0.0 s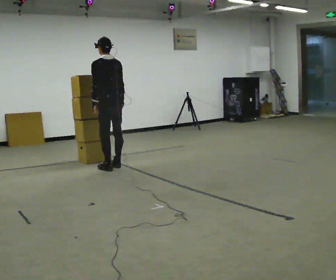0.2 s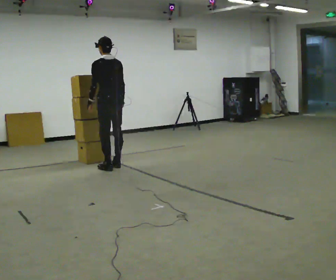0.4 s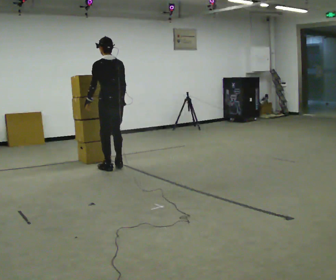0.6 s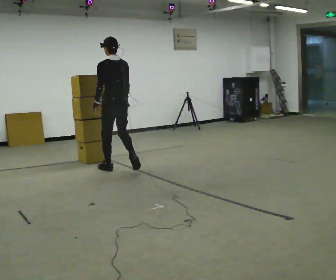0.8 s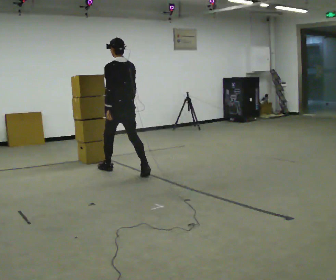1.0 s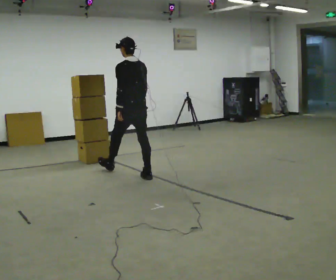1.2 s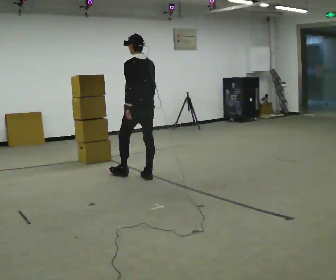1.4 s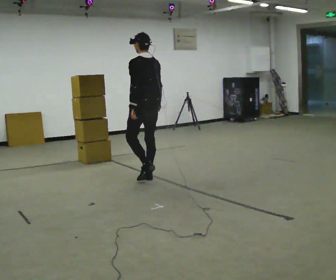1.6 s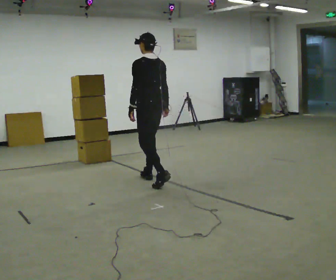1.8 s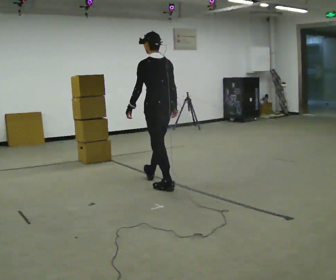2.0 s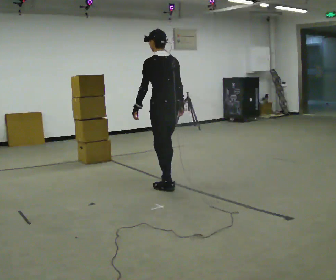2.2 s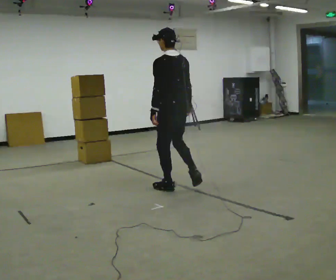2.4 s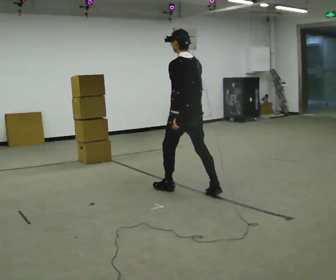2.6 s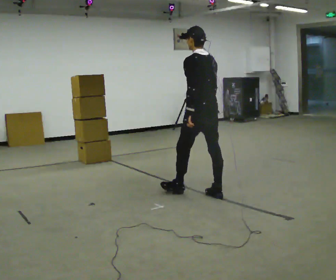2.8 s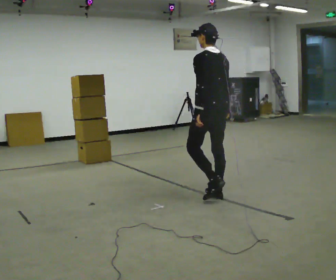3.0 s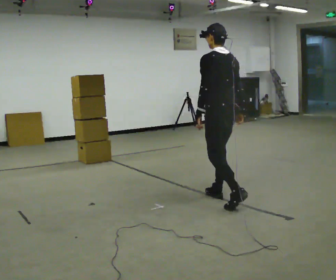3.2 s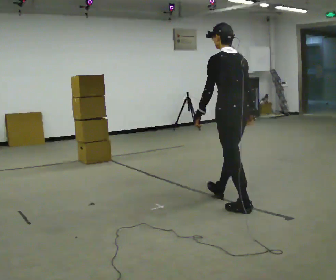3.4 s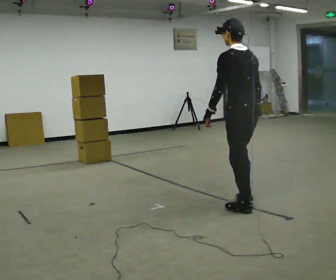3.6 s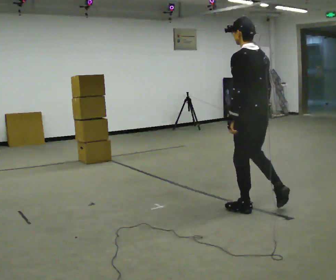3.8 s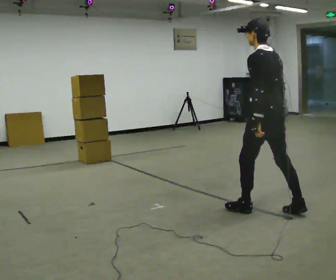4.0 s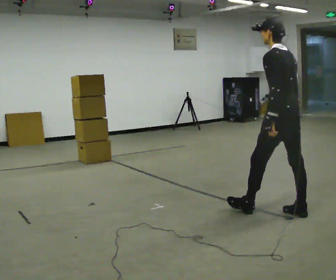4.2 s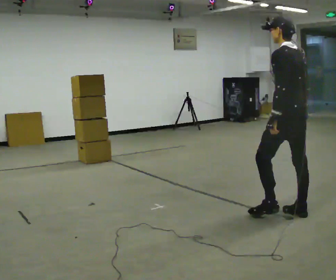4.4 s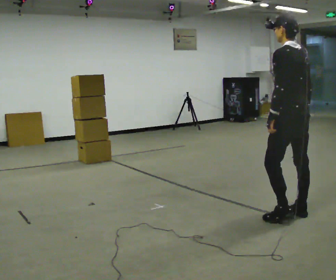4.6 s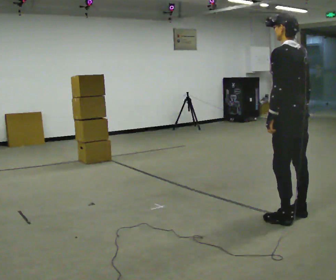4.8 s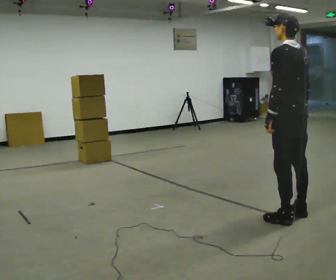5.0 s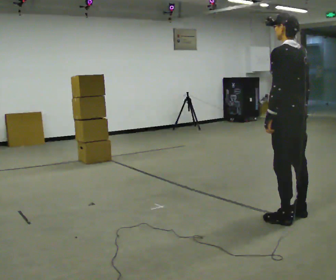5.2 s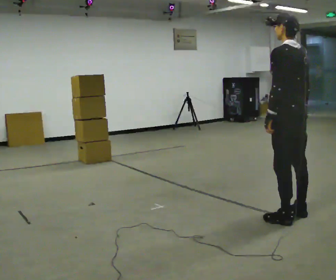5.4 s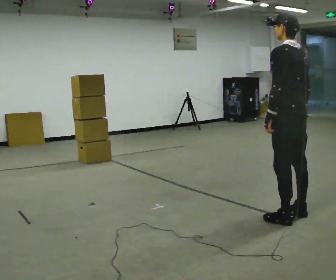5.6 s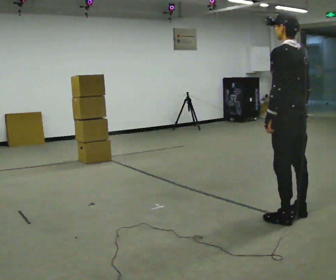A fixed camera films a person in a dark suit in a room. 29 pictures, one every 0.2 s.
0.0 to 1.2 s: In the picture they go to the right and toward the camera, about 0.5 m in 2 steps, which for them is backward.
1.2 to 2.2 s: In the picture they go toward the camera and to the right, about 0.75 m in 1 step, which for them is backward.
2.2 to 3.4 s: In the picture they go to the right and toward the camera, about 1 m in 2 steps, which for them is backward.
3.4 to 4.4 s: In the picture they go to the right and toward the camera, about 0.5 m in 1 step, which for them is backward.
4.4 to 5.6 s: The person moves a little, or ends about where they began.
The film runs backward here.
